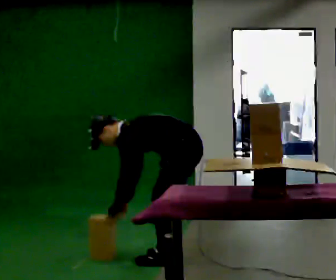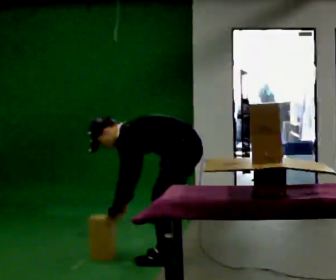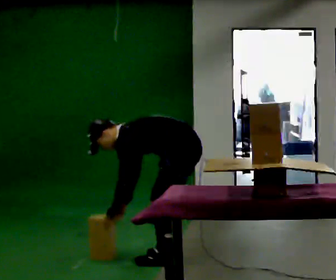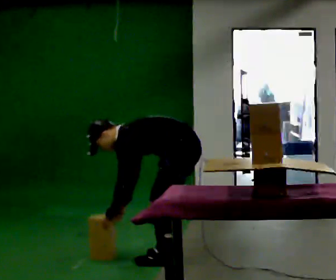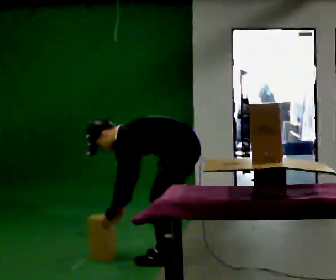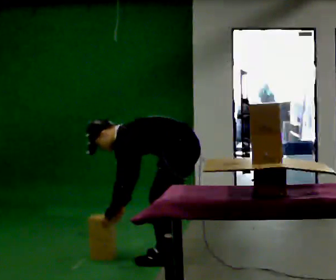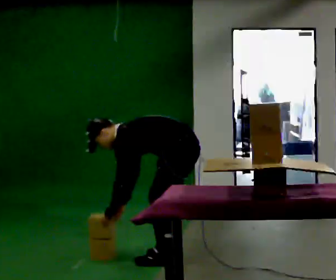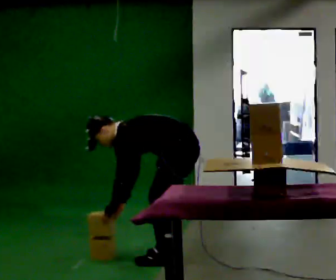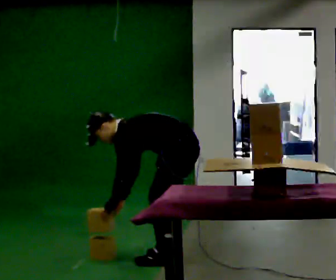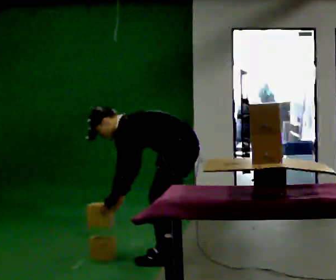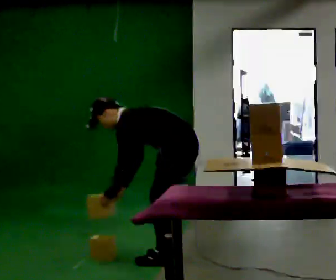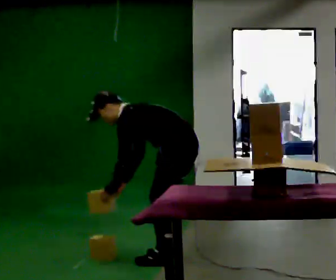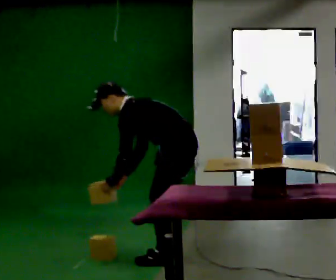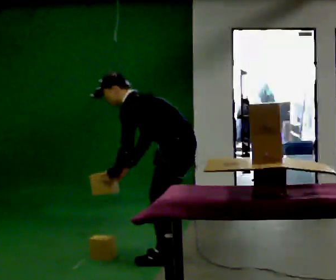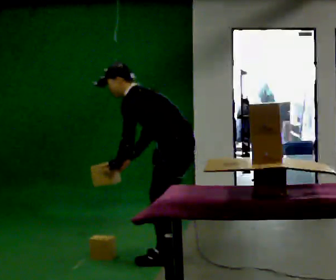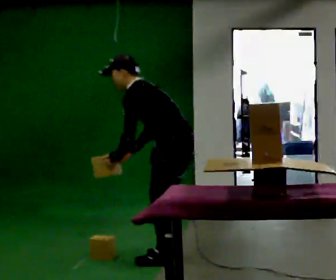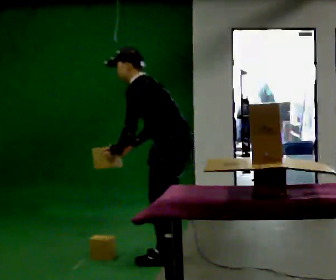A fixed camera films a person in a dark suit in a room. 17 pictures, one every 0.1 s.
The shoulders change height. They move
upward.
Their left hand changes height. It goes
upward.
0.0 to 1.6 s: The upper body goes upward. In the picture the upper body tilts clockwise, shoulders to the right, as they lean back or straighten. In the picture their left hand goes upward.
The film runs forward here.
